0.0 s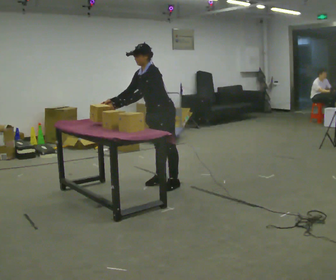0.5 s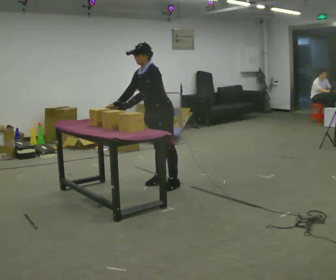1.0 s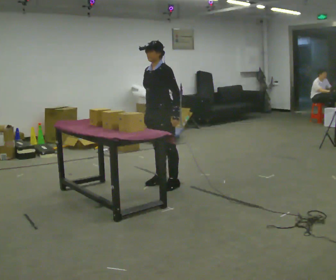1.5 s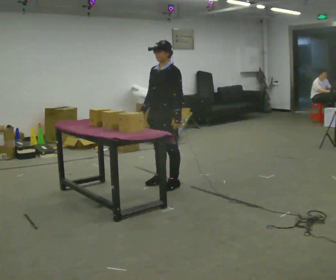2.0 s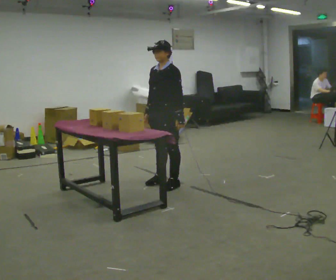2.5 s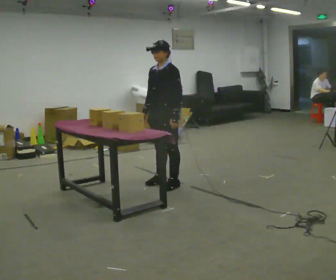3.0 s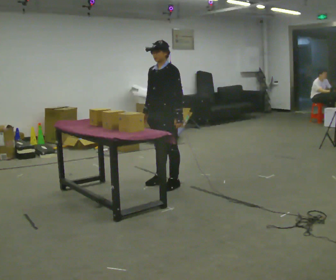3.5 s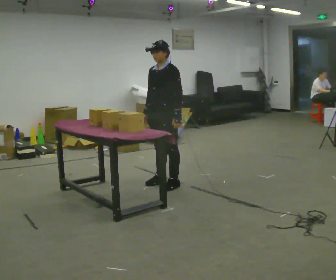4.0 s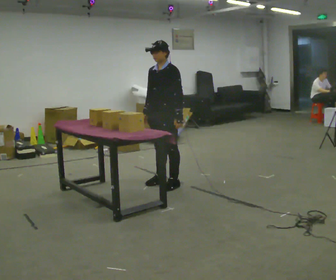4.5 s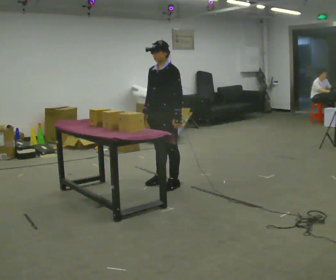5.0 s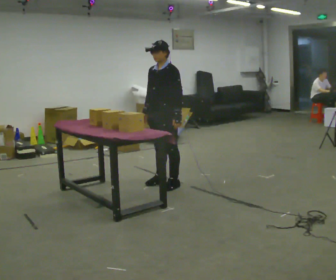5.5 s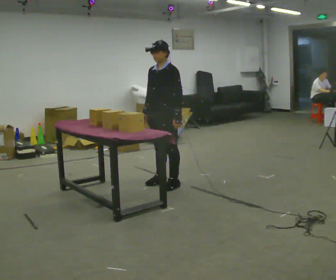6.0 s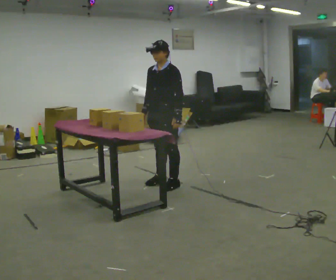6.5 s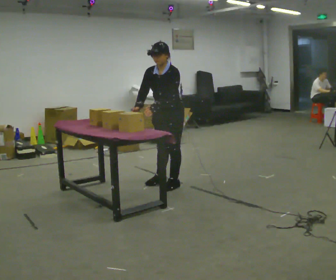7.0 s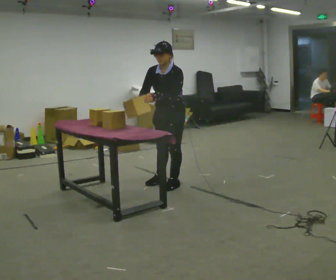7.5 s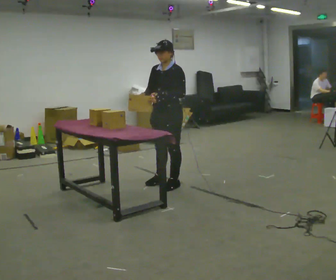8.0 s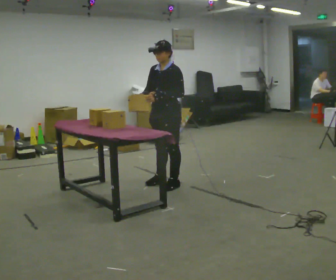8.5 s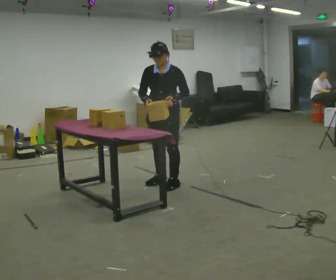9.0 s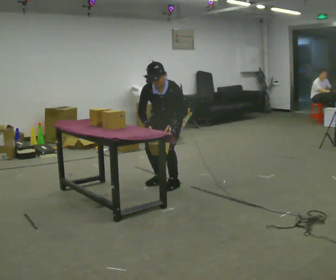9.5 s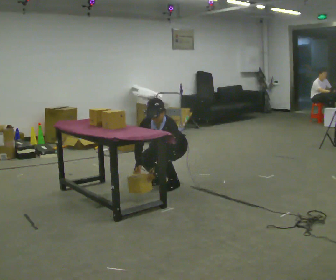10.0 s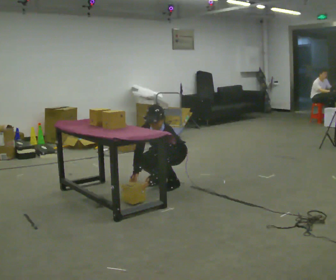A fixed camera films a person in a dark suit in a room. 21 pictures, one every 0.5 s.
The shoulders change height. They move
downward.
0.0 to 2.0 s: In the picture the upper body tilts clockwise, shoulders to the right, as they lean back or straighten. In the picture their left hand goes to the right, the arm swinging counterclockwise.
2.0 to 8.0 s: The person moves a little, or ends about where they began.
8.0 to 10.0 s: The shoulders move downward. The upper body tips toward the camera, its near side rolling downward, as they bend forward. In the picture their right hand goes downward.
The film runs forward here.
